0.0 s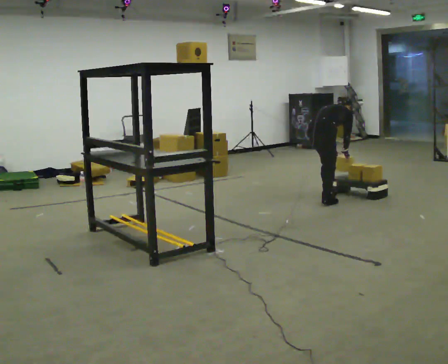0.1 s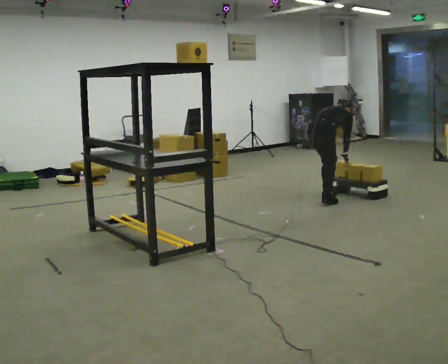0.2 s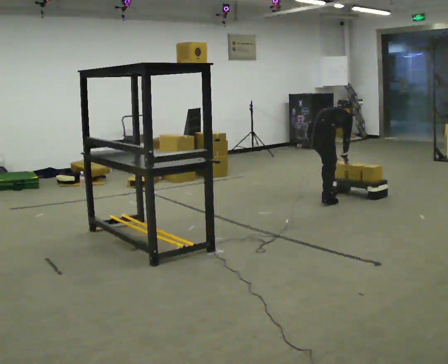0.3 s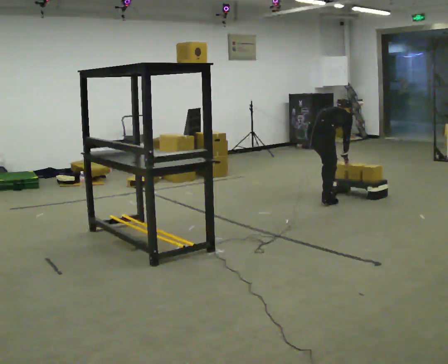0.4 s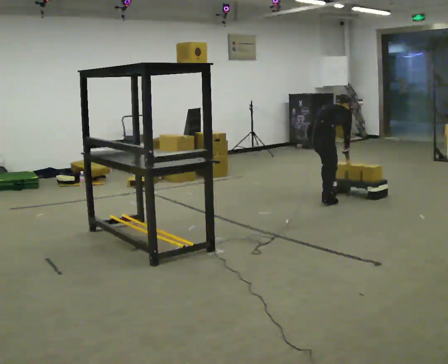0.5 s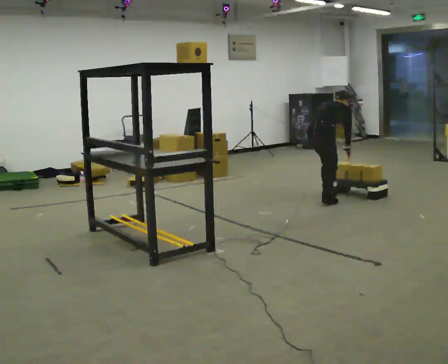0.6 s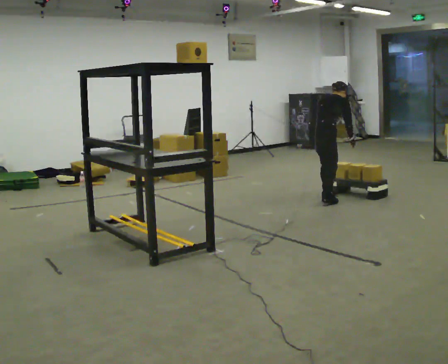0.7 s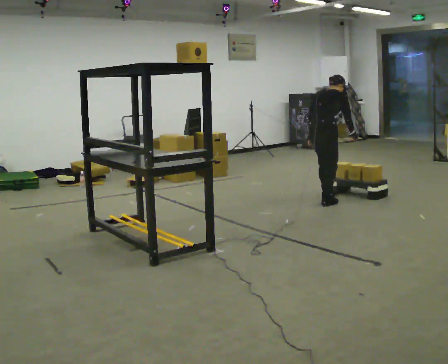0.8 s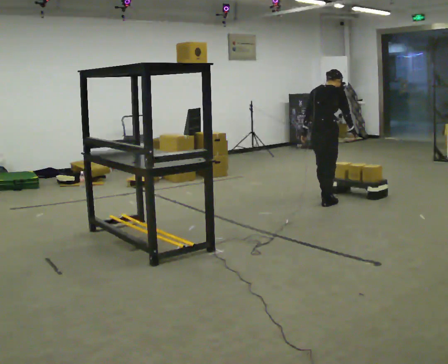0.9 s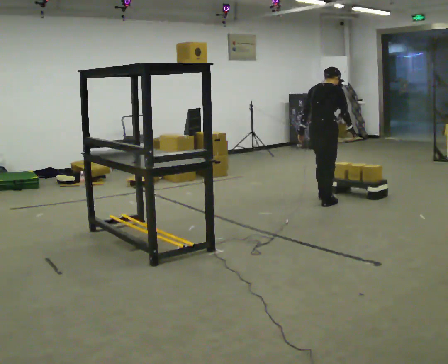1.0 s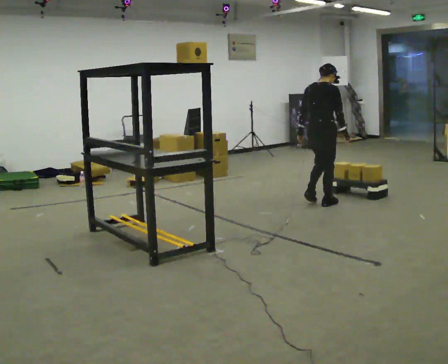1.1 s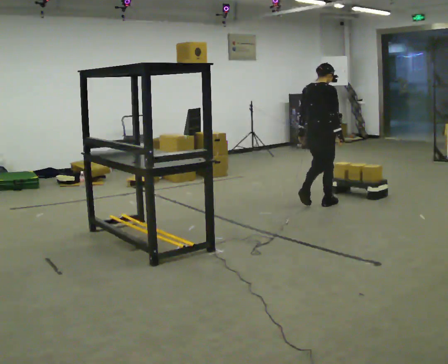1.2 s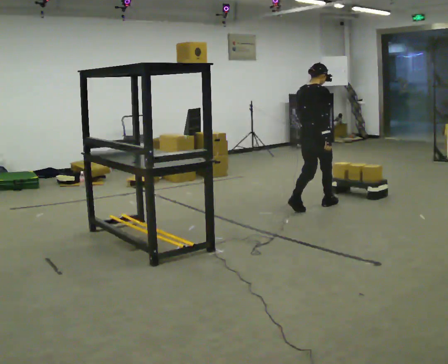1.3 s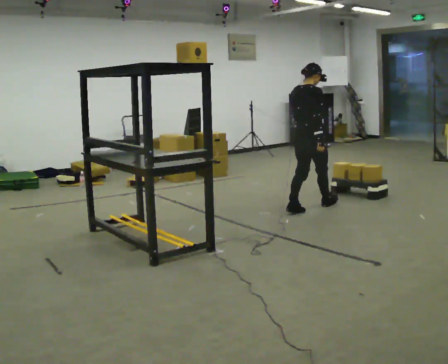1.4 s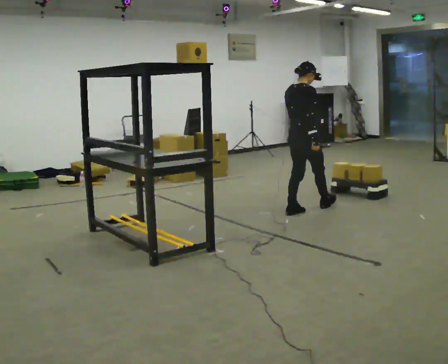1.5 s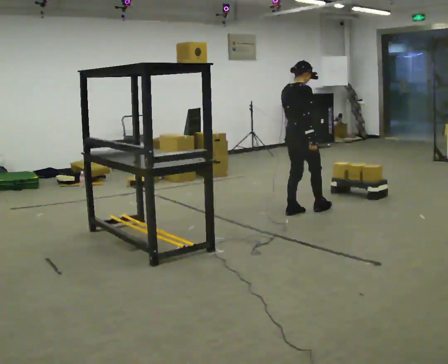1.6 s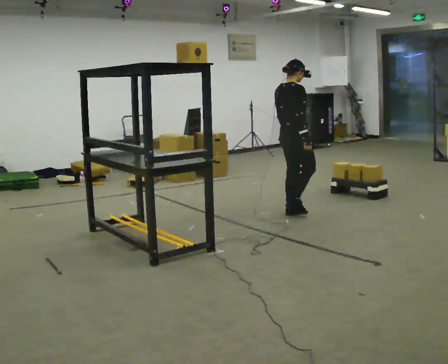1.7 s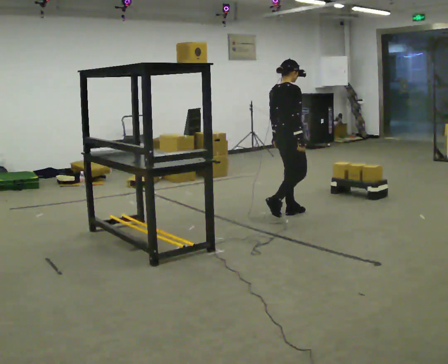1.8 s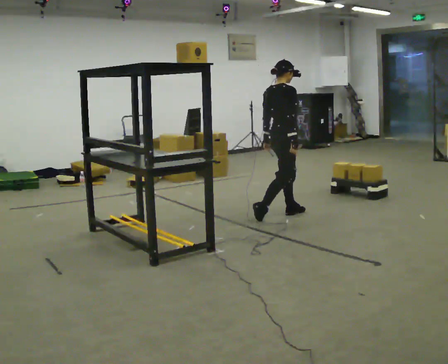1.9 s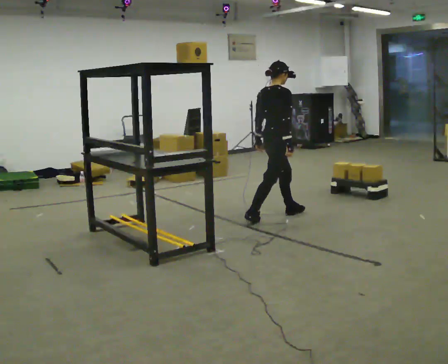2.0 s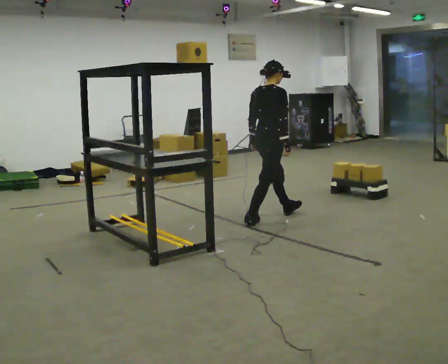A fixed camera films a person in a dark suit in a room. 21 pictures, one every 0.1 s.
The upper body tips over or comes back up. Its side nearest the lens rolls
downward.
0.0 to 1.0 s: In the picture they go toward the camera, about 0.25 m in 1 step, which for them is backward and to their right. The shoulders move upward. The upper body tips toward the camera, its near side rolling downward, as they lean back or straighten. In the picture their left hand goes to the left.
1.0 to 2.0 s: In the picture they go toward the camera and to the left, about 0.5 m in 2 steps, which for them is backward.
The film runs backward here.
